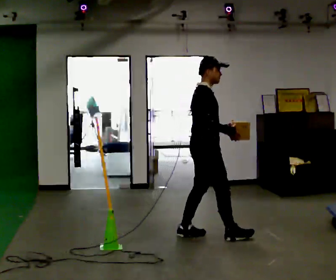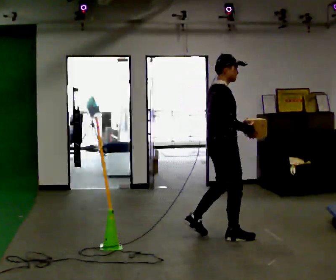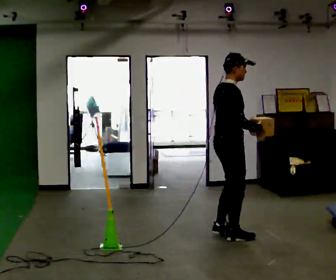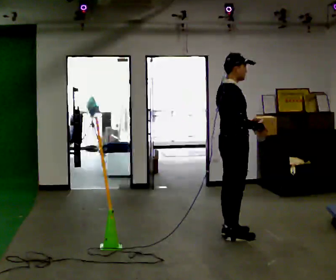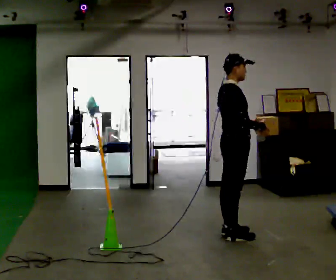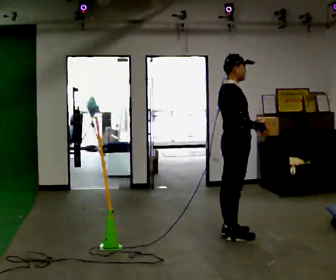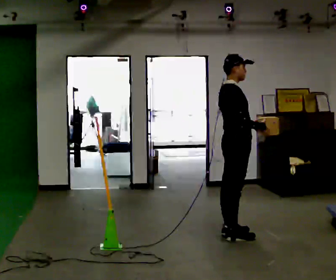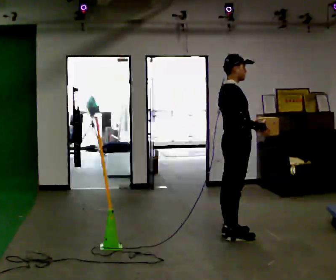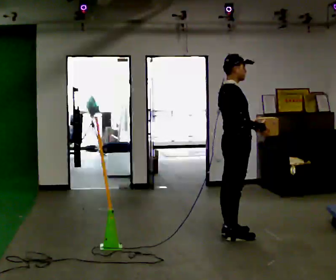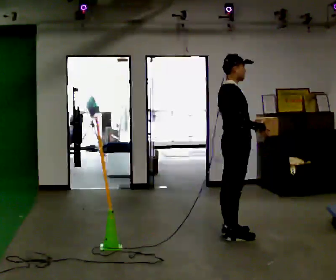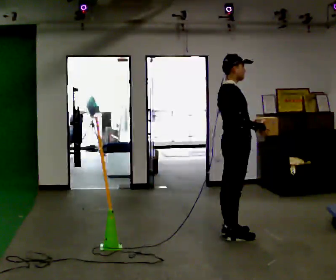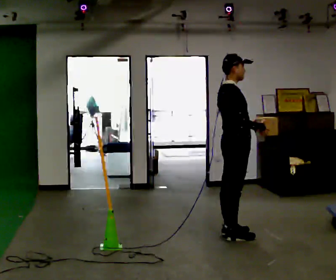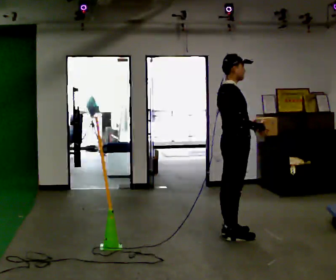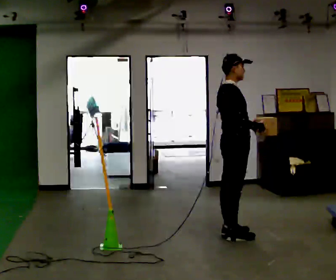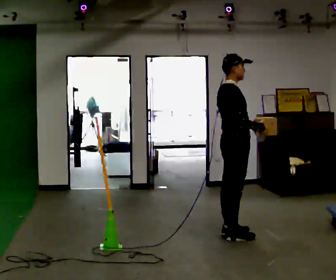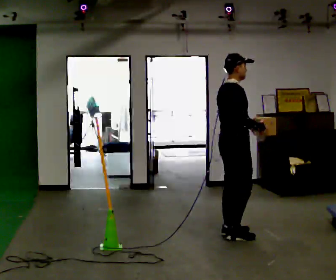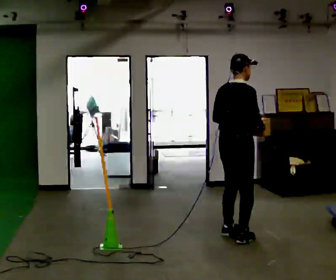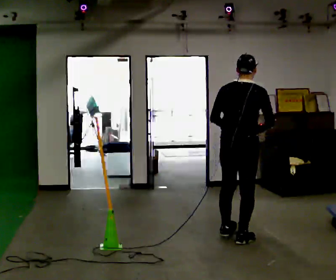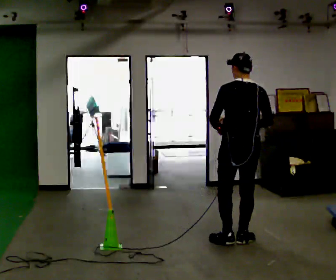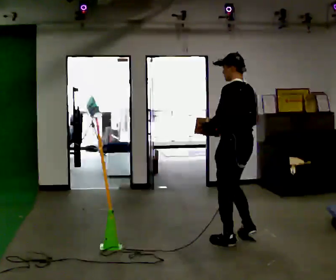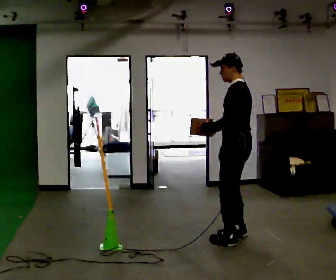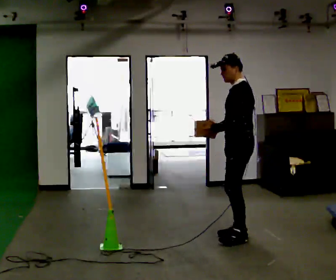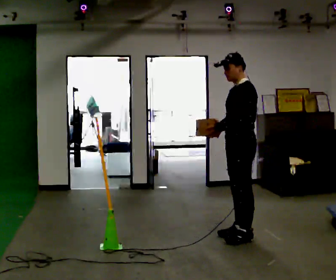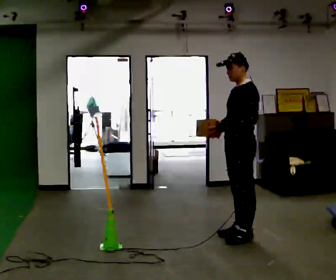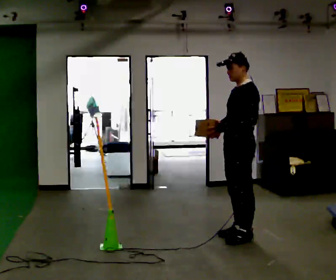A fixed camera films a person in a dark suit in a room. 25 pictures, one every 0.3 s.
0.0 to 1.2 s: In the picture they go to the right, about 0.25 m in 1 step, which for them is forward.
1.2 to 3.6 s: The person keeps their place and pose.
3.6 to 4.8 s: Seen from above the body turns counterclockwise, about 30 degrees: to their left, with its near side sliding to the right.
4.8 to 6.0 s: The part of the body nearest the lens slides to the right as the person turns to their left by about 120 degrees.
6.0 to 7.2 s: Seen from above the body turns counterclockwise, about 30 degrees: to their left, with its near side sliding to the right.
The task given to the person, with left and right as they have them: Carry the box across the room. The operator will step into your path partway across, so go around them and carry on. Keep going until the operator says stop; one object at a time, and do not rush between trips.
The film runs forward here.
